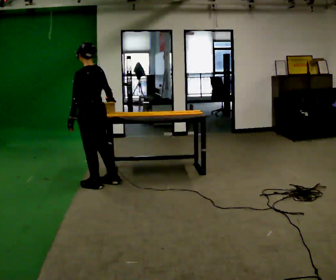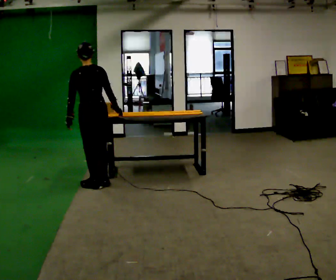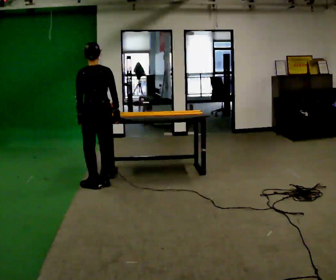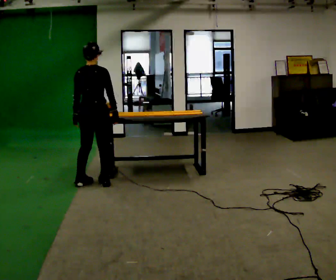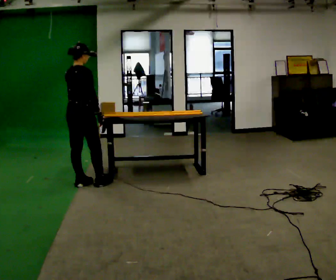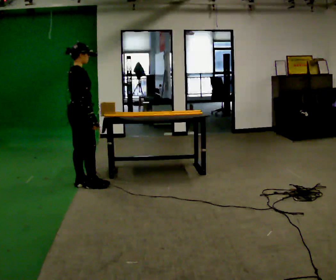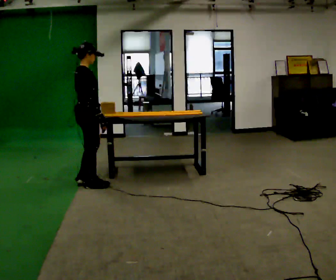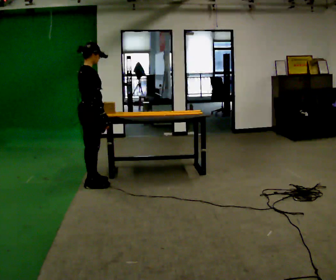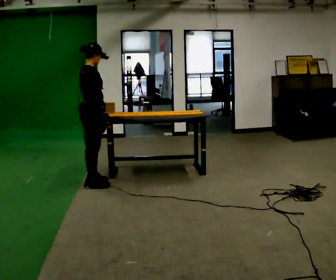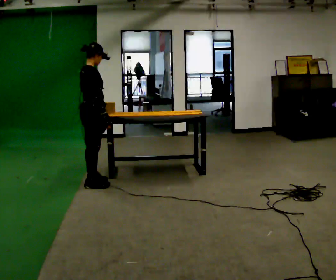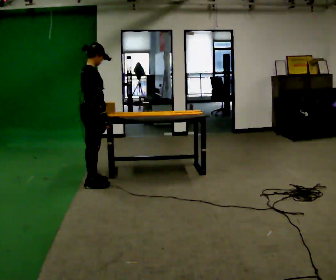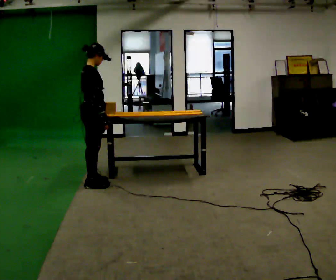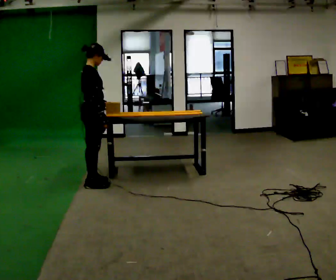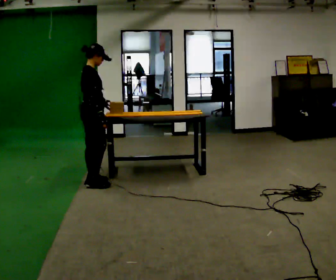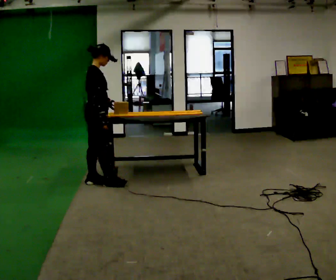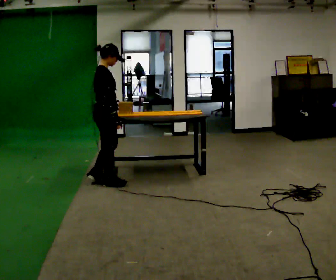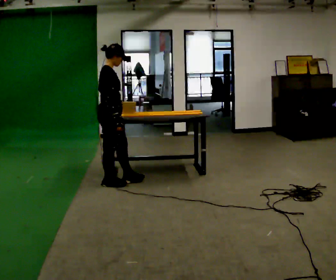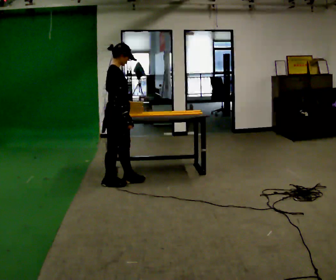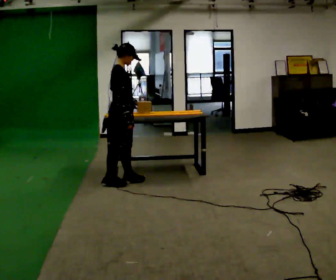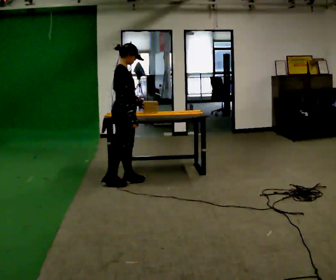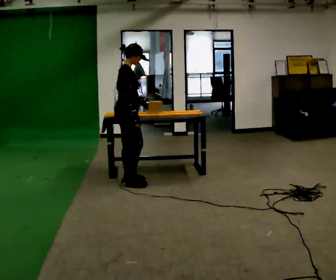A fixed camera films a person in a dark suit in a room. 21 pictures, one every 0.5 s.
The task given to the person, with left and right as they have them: Carry the object across the room and slide it into the slot on the shelf. It is a close fit, so take the time you need. Keep going until the operator says stop; one object at a time, and do not rush between trips.
0.0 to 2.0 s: The part of the body nearest the lens slides to the left as the person turns to their right by about 90 degrees. In the picture they go to the left, about 0.25 m in 2 steps.
2.0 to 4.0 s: The person turns about 30 degrees to their right, clockwise seen from above, so the part of the body nearest the lens slides to the left.
4.0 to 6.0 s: The person moves a little, or ends about where they began.
6.0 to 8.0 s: In the picture they go to the right, about 0.25 m in 2 steps, which for them is forward.
8.0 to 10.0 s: In the picture they go to the right, about 0.25 m, which for them is forward. In the picture their left hand goes to the right.
The film runs forward here.
